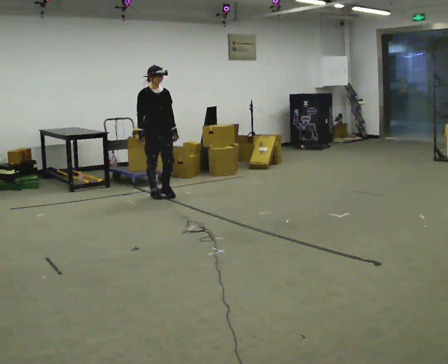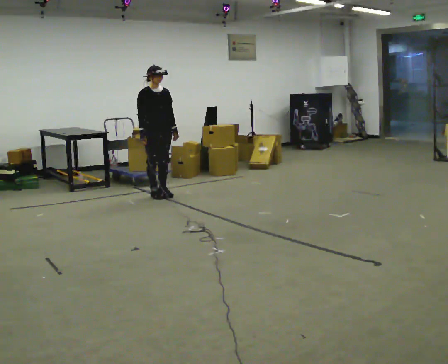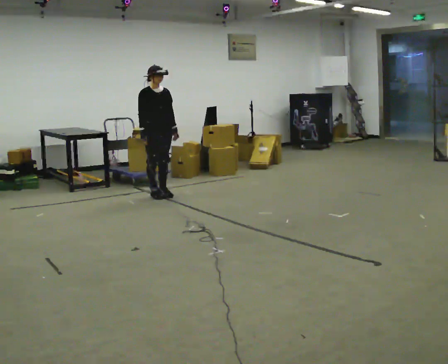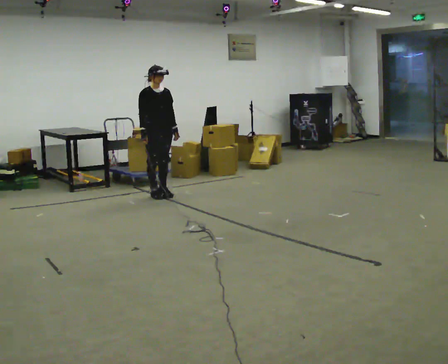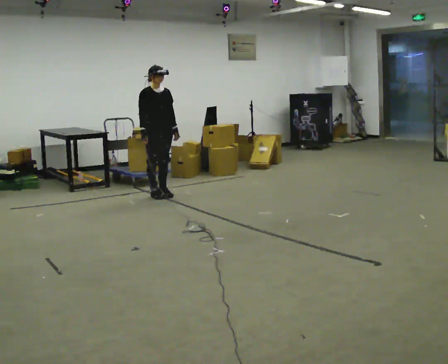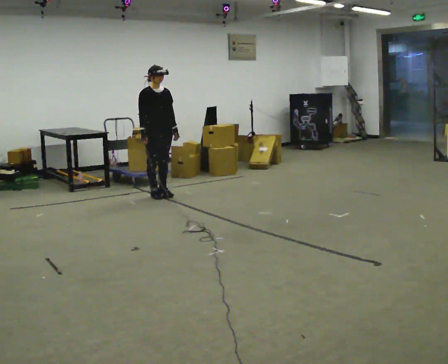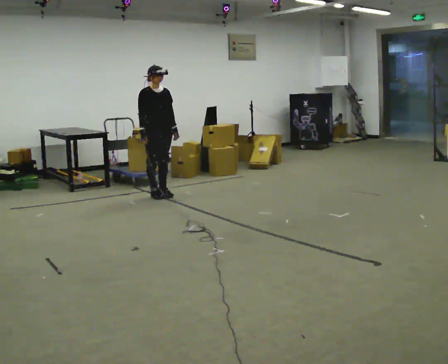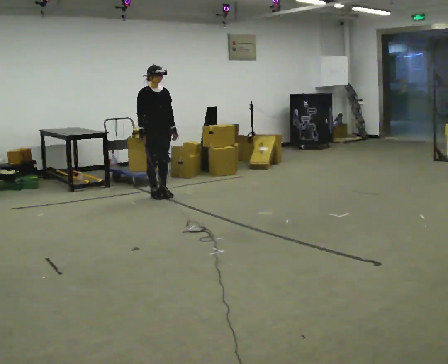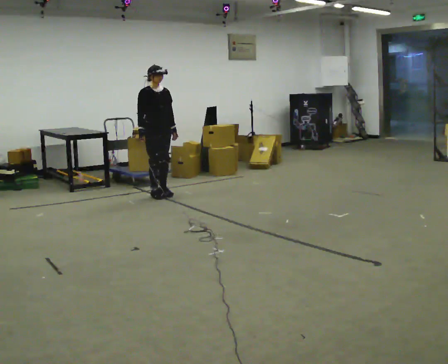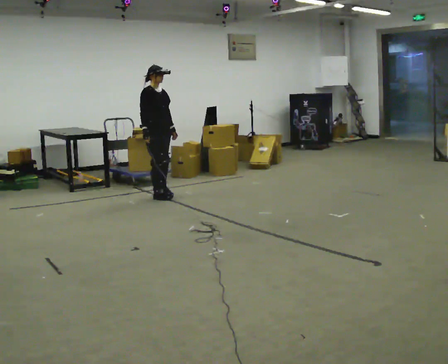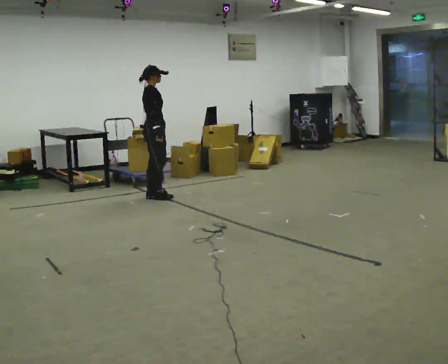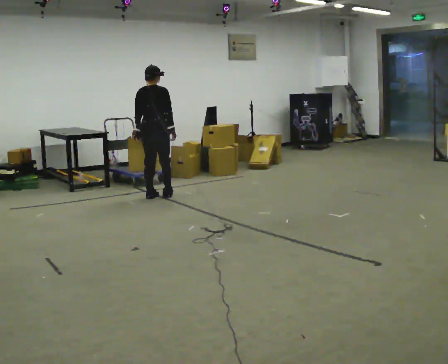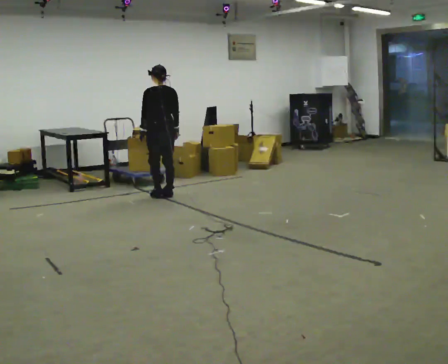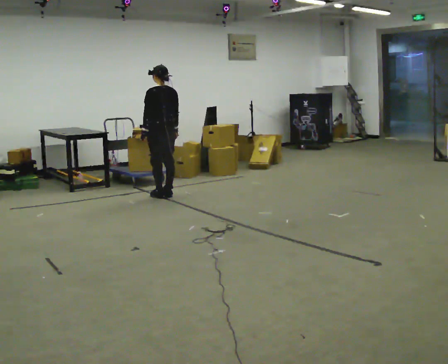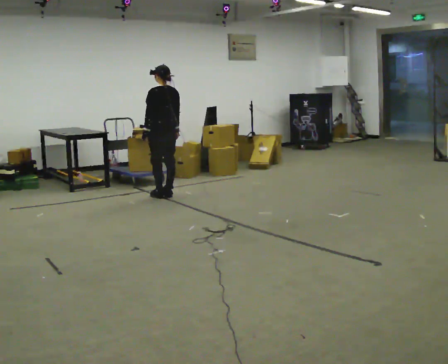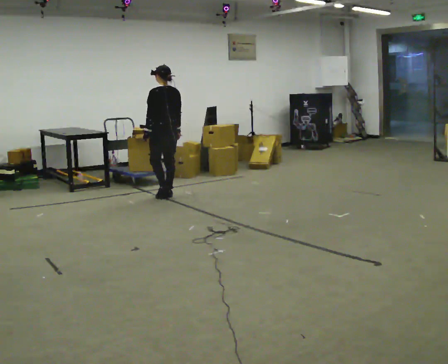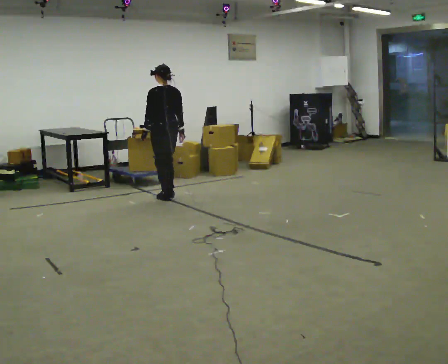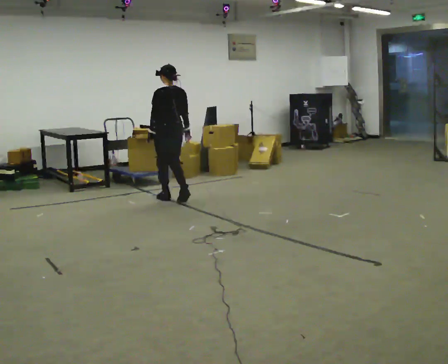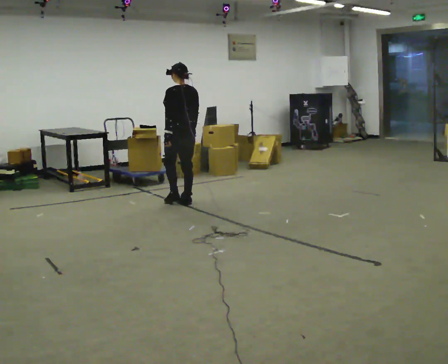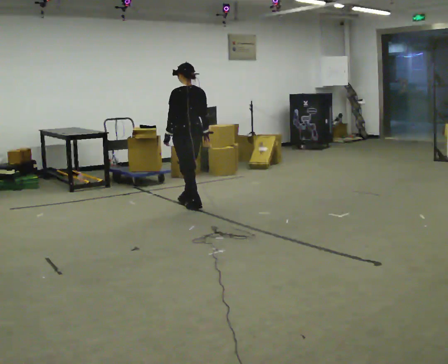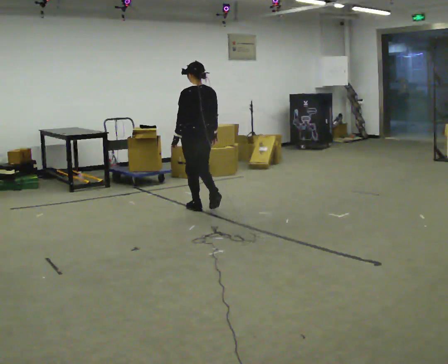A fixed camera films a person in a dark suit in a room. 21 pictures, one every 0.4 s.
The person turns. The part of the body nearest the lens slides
to the right.
The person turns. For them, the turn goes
to their left.
0.0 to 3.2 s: The person moves a little, or ends about where they began.
3.2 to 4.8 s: The person turns about 165 degrees to their left, counterclockwise seen from above, so the part of the body nearest the lens slides to the right. In the picture their left hand goes to the left, the arm swinging clockwise.
4.8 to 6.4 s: The person moves a little, or ends about where they began.
6.4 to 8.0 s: In the picture they go toward the camera and to the right, about 0.75 m in 3 steps, which for them is backward.
The film runs backward here.
